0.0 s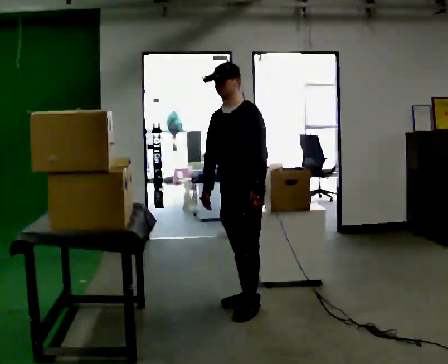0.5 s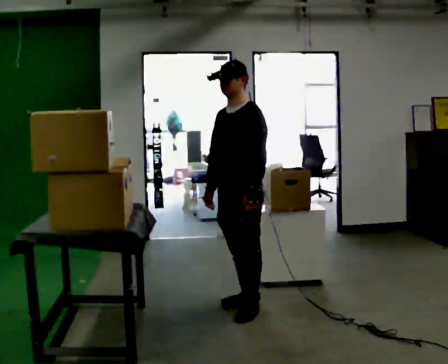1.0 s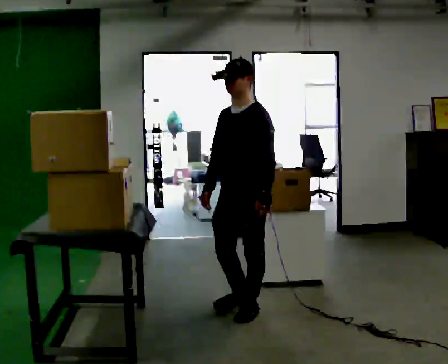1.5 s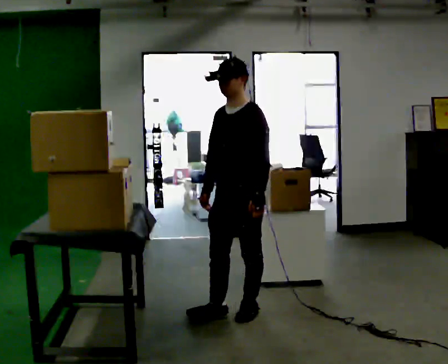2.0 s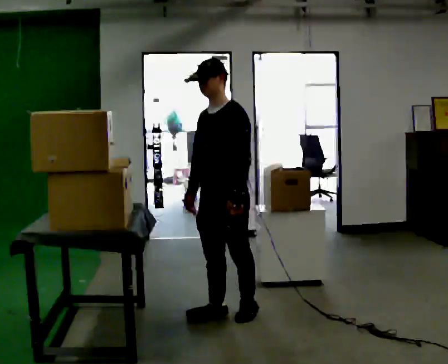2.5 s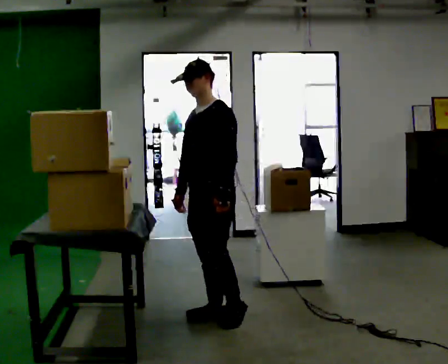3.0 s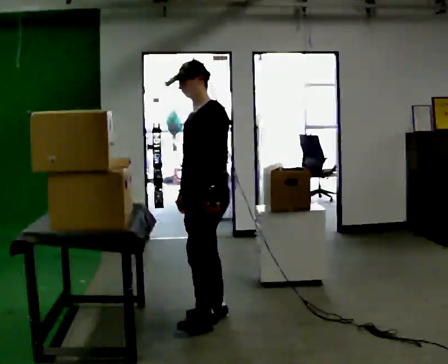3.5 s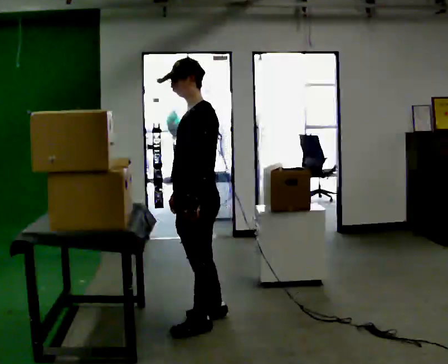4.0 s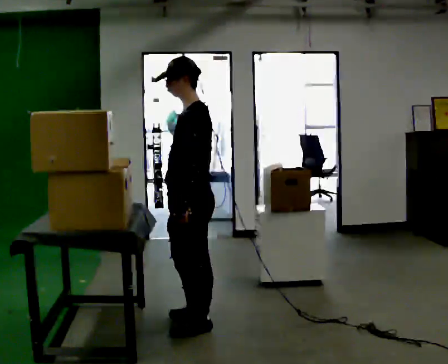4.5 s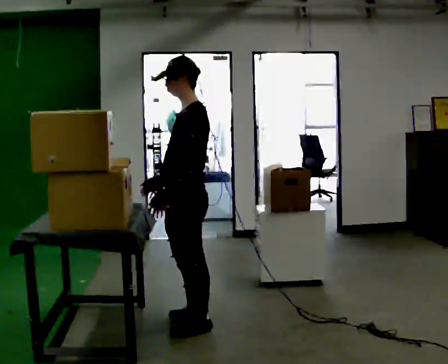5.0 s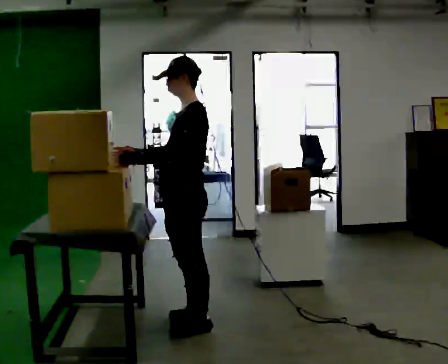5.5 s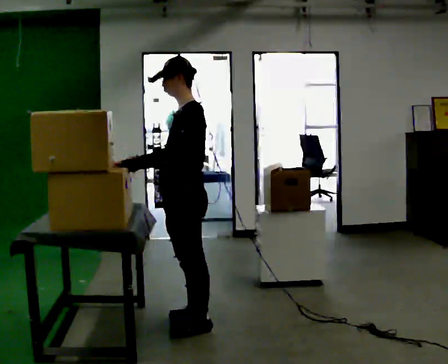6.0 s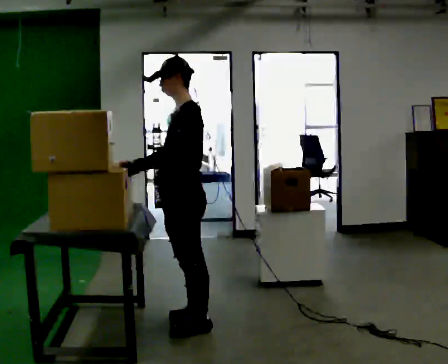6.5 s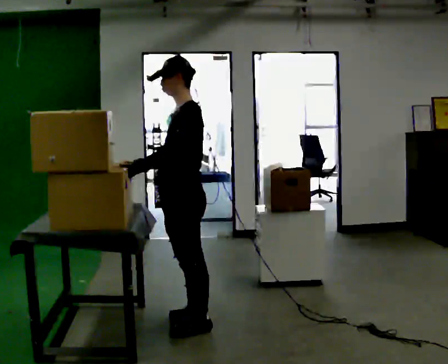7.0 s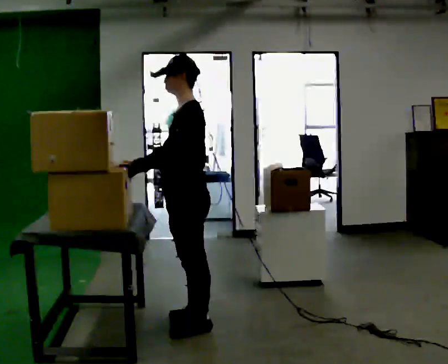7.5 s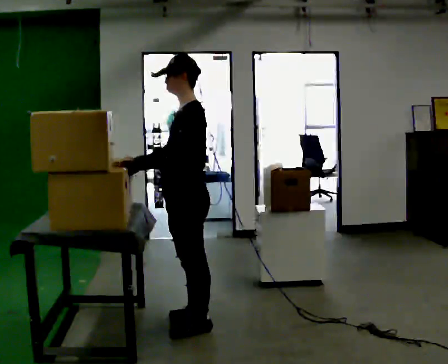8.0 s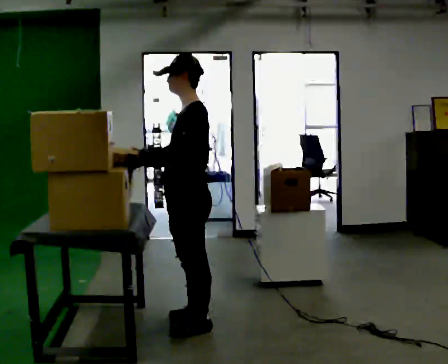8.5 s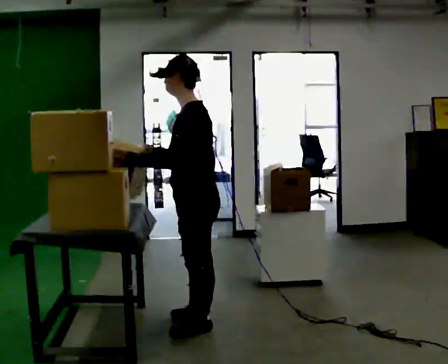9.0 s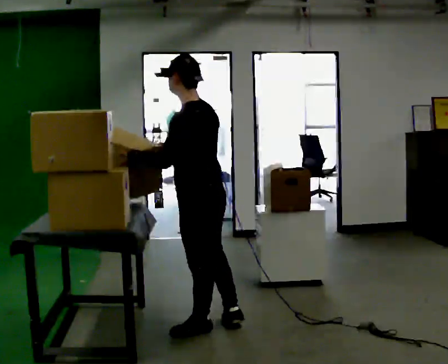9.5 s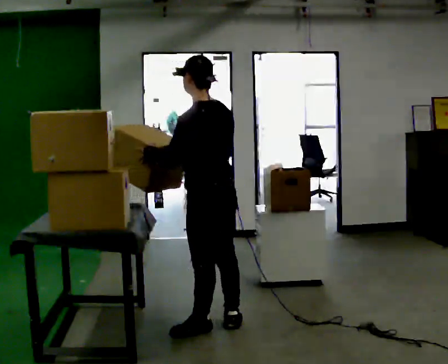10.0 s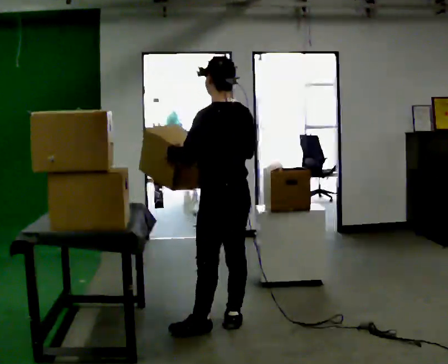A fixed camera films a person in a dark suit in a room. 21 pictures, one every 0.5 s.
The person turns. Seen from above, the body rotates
clockwise.
The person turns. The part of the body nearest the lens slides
to the left.
0.0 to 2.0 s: In the picture they go toward the camera and to the left, about 0.25 m in 2 steps, which for them is forward.
2.0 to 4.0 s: The person turns about 30 degrees to their right, clockwise seen from above, so the part of the body nearest the lens slides to the left. In the picture they go toward the camera and to the left, about 0.25 m in 2 steps, which for them is forward.
4.0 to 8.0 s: The person moves a little, or ends about where they began.
8.0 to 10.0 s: The part of the body nearest the lens slides to the left as the person turns to their right by about 45 degrees. In the picture they go to the right, about 0.25 m in 1 step, which for them is backward and to their right. In the picture their right hand goes to the right.
The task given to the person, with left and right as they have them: Reach up into the bin on the top shelf, take out one object at a time, and carry it to the table. Keep going until the operator says stop; one object at a time, and do not rush between trips.
The film runs forward here.
